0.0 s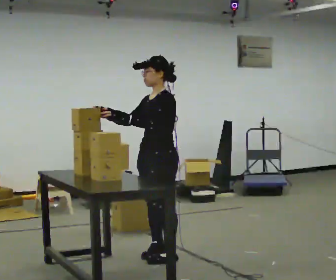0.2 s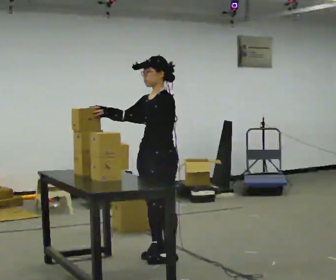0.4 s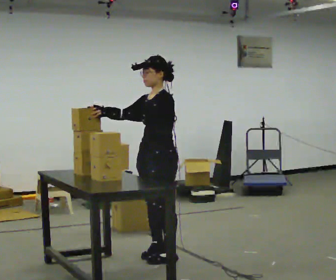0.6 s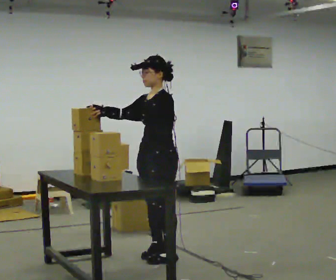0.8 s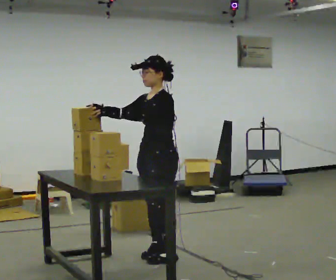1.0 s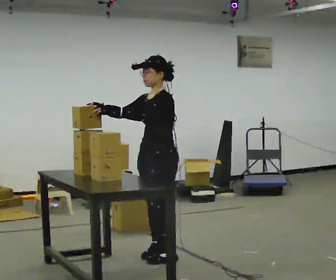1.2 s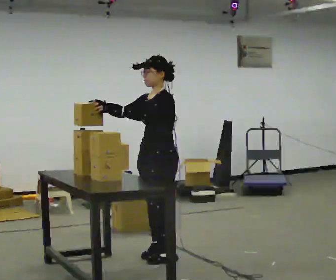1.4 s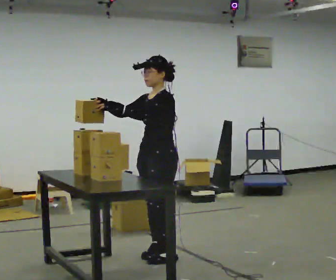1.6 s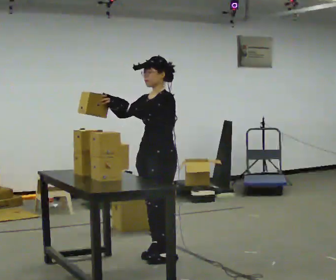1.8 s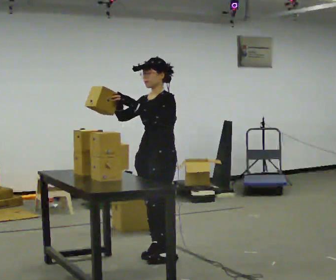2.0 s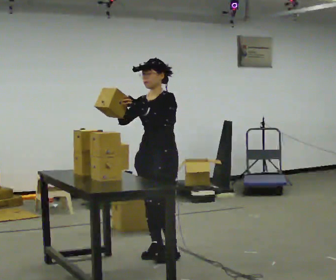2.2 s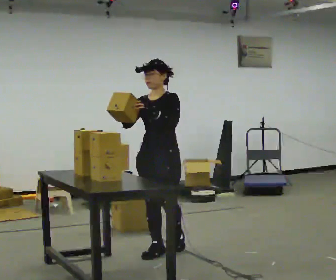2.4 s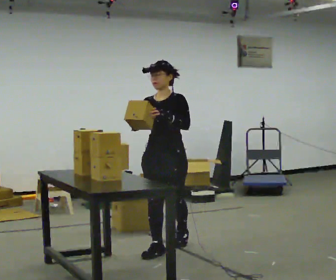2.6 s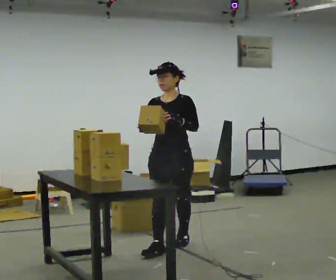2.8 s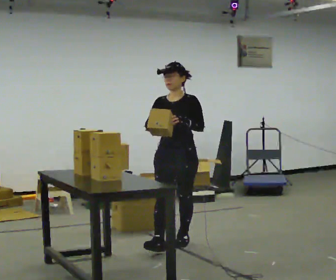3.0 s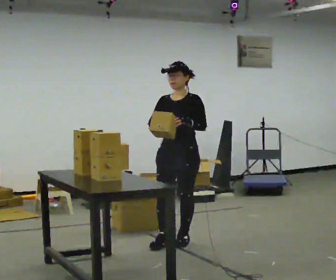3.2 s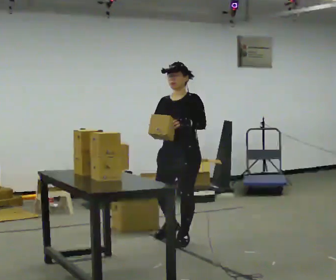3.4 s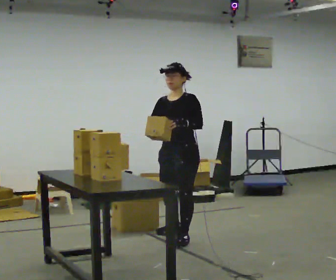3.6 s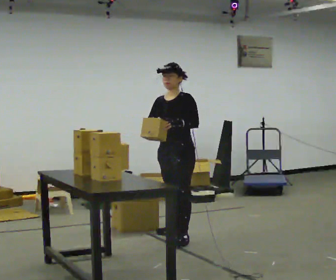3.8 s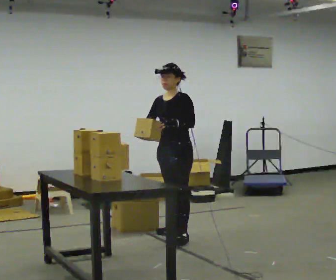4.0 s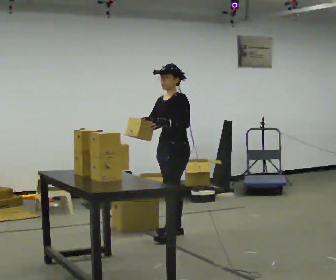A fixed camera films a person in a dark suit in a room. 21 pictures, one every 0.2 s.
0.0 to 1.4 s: The person moves a little, or ends about where they began.
1.4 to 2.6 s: The part of the body nearest the lens slides to the right as the person turns to their left by about 45 degrees. In the picture they go away from the camera, about 0.25 m in 1 step, which for them is backward and to their right.
2.6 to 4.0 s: The person turns about 45 degrees to their right, clockwise seen from above, so the part of the body nearest the lens slides to the left. In the picture they go away from the camera, about 0.5 m in 2 steps, which for them is backward and to their right.
The film runs backward here.
